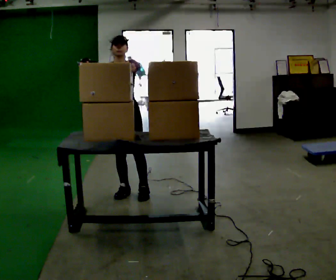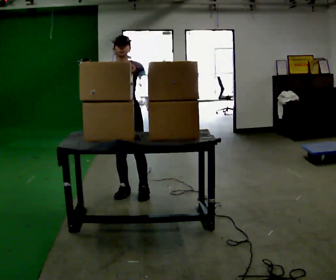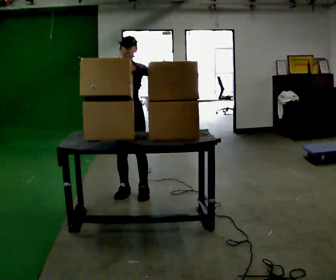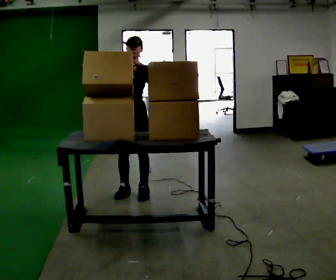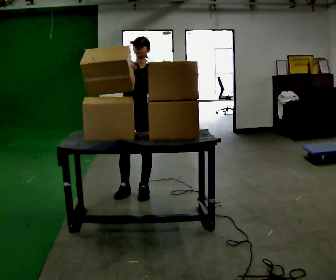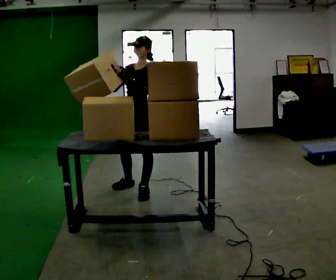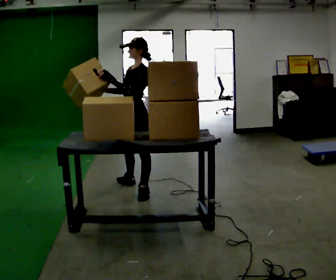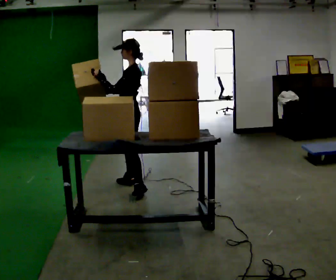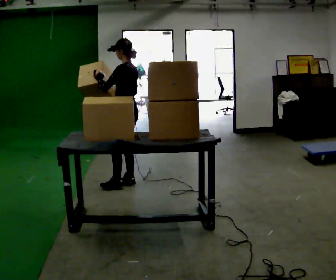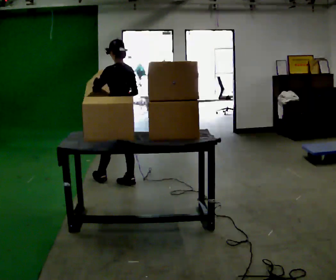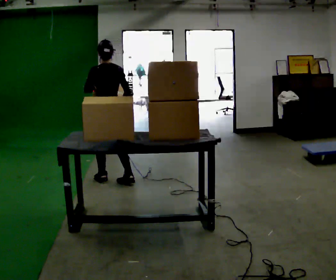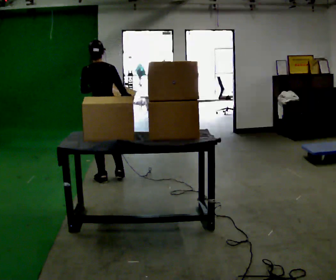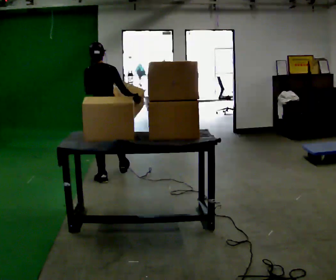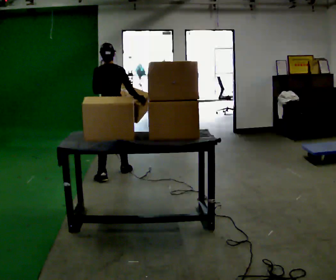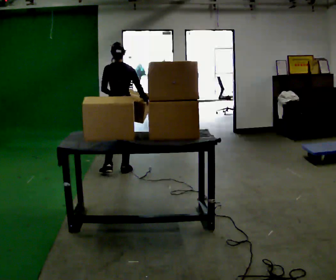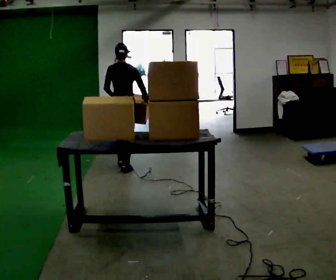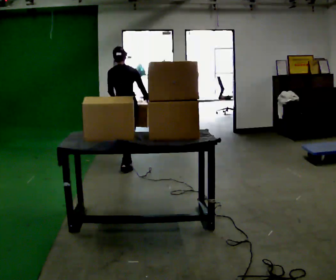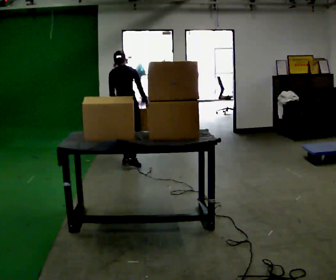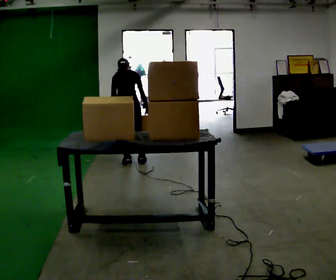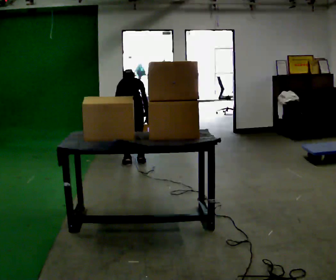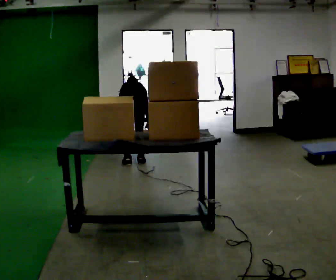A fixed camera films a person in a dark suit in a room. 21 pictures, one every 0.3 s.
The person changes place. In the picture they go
away from the camera.
Their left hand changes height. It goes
downward.
0.0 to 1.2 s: The person turns about 30 degrees to their right, clockwise seen from above, so the part of the body nearest the lens slides to the left.
1.2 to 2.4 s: The part of the body nearest the lens slides to the left as the person turns to their right by about 90 degrees. In the picture they go away from the camera, about 0.25 m in 1 step.
2.4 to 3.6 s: The part of the body nearest the lens slides to the left as the person turns to their right by about 60 degrees. In the picture they go away from the camera and to the left, about 0.5 m in 2 steps.
3.6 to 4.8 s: In the picture they go away from the camera and to the right, about 0.5 m in 1 step, which for them is forward and to their right.
4.8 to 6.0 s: The shoulders move downward. The upper body tips away from the camera, its near side rolling upward, as they bend forward. In the picture their left hand goes downward.
The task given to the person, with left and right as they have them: Take an object off the waist-height shelf, carry it across the room, and set it down on the floor. Keep going until the operator says stop; one object at a time, and do not rush between trips.
The film runs forward here.
